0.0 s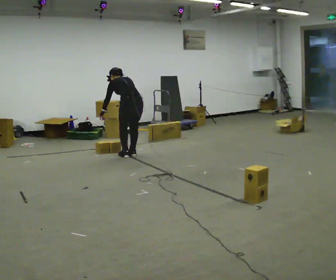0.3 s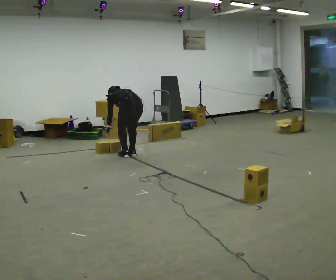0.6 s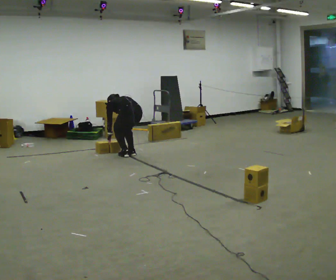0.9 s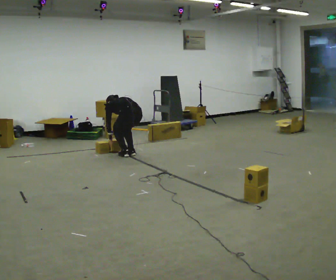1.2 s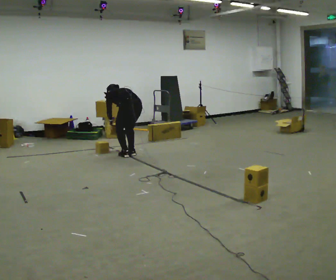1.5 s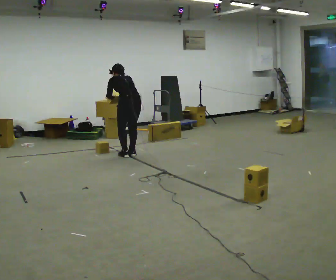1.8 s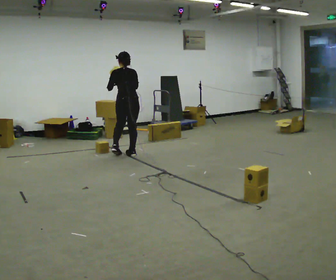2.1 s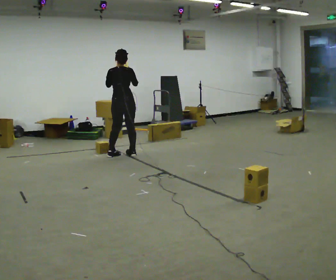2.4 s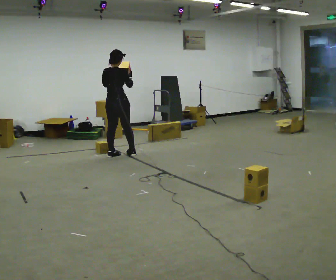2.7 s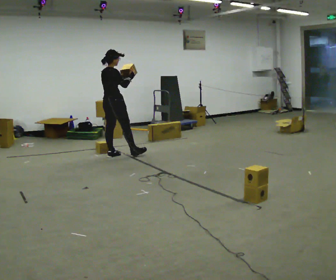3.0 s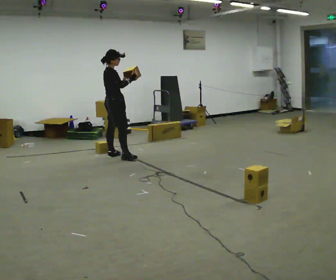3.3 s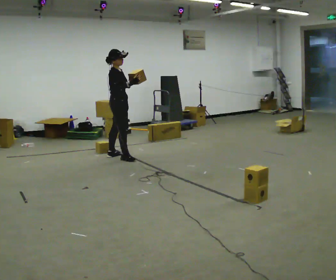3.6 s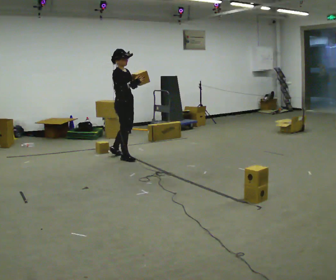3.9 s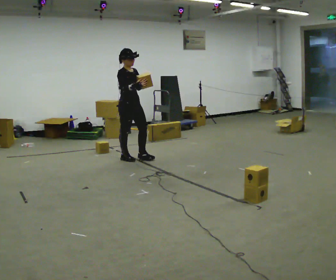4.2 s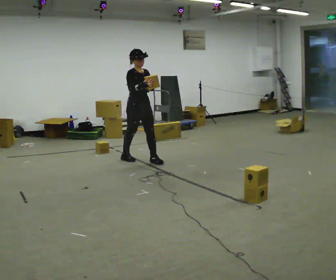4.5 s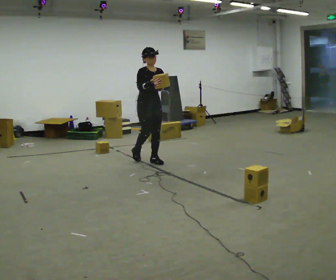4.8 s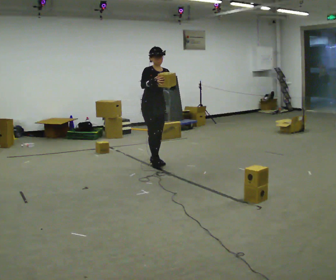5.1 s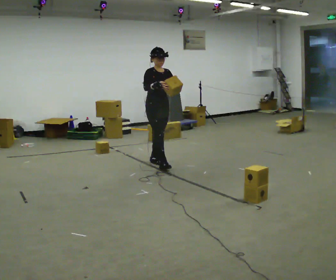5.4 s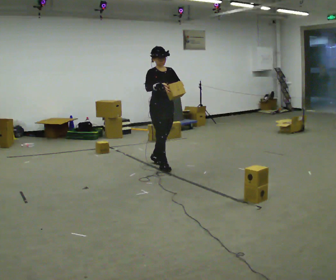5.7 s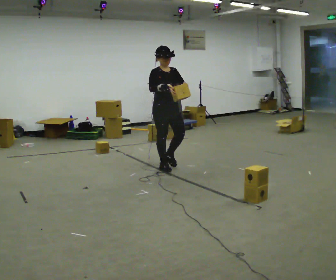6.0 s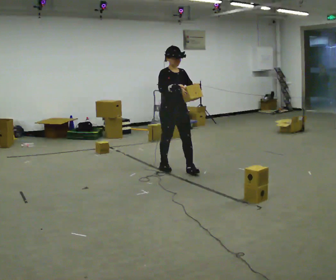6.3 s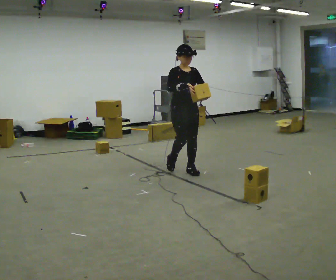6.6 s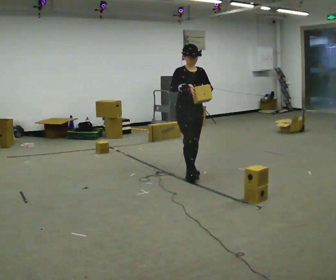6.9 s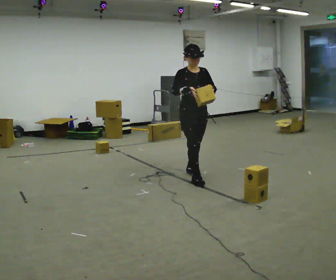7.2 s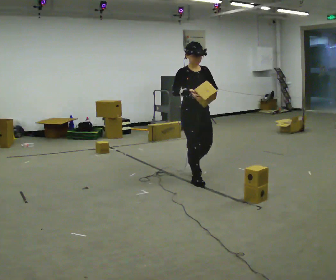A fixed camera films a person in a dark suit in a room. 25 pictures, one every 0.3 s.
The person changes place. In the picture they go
toward the camera.
The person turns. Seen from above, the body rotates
clockwise.
0.0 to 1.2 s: The person moves a little, or ends about where they began.
1.2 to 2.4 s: The person turns about 60 degrees to their right, clockwise seen from above, so the part of the body nearest the lens slides to the left. In the picture they go to the left, about 0.25 m in 1 step. The upper body goes upward. The upper body tips toward the camera, its near side rolling downward, as they lean back or straighten. In the picture their left hand goes upward.
2.4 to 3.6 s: Seen from above the body turns clockwise, about 75 degrees: to their right, with its near side sliding to the left. In the picture they go toward the camera, about 0.25 m in 1 step.
3.6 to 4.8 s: The part of the body nearest the lens slides to the left as the person turns to their right by about 45 degrees. In the picture they go to the right and toward the camera, about 0.5 m in 1 step, which for them is forward and to their left.
4.8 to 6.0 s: In the picture they go toward the camera and to the right, about 0.5 m in 2 steps, which for them is forward.
6.0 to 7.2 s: In the picture they go toward the camera, about 0.5 m in 1 step, which for them is forward.
The film runs forward here.
